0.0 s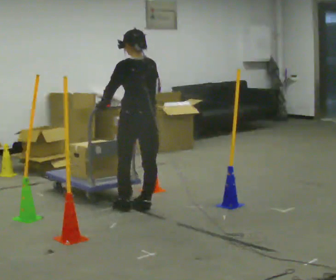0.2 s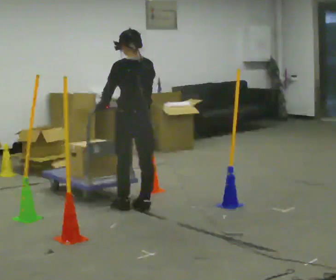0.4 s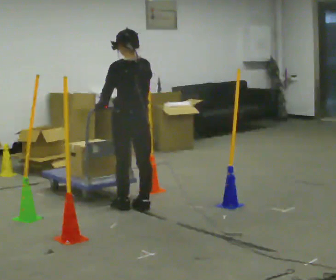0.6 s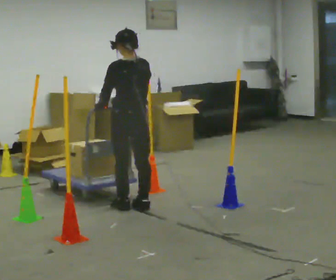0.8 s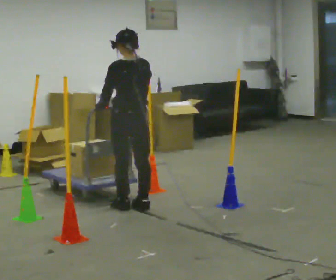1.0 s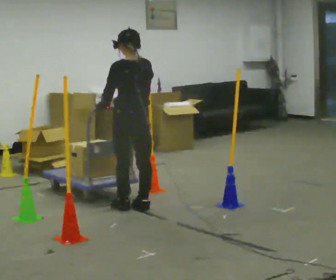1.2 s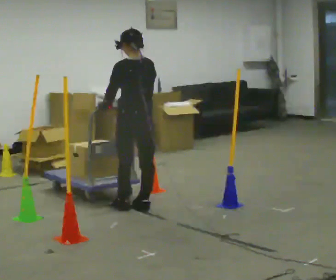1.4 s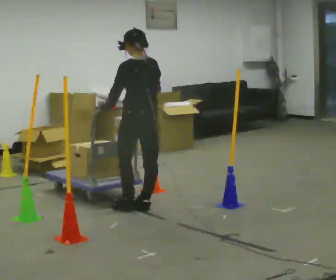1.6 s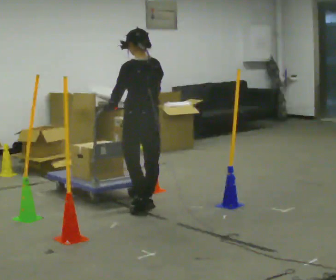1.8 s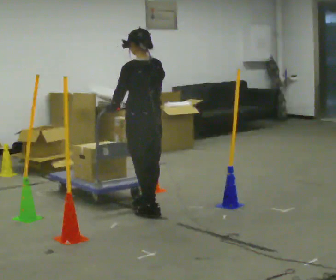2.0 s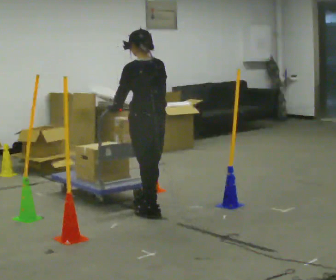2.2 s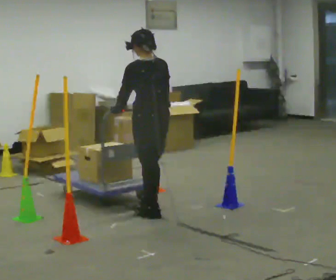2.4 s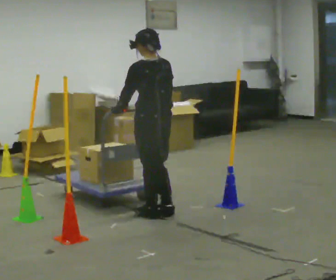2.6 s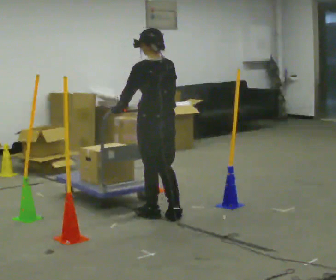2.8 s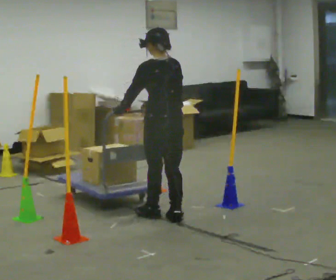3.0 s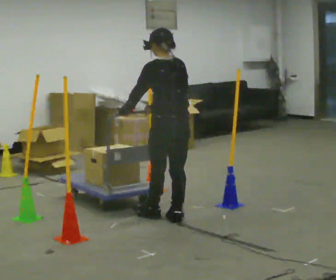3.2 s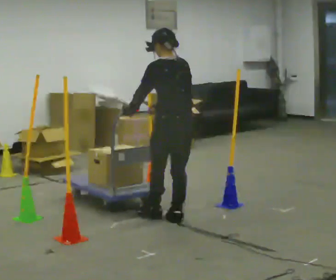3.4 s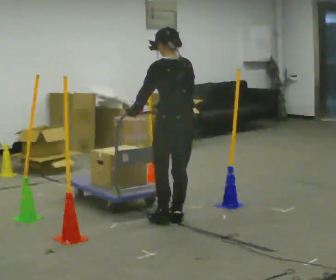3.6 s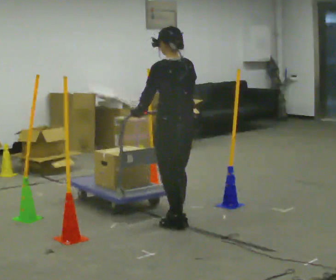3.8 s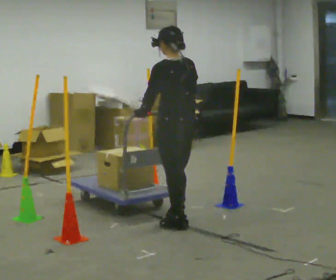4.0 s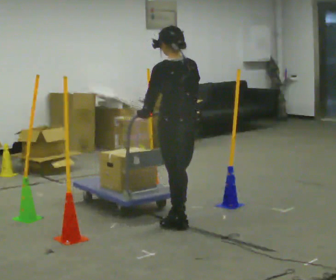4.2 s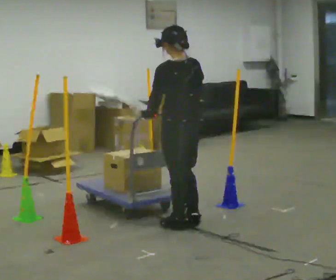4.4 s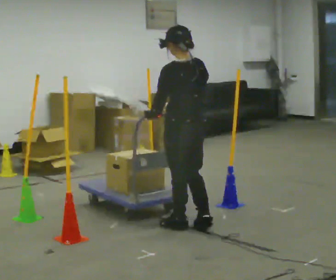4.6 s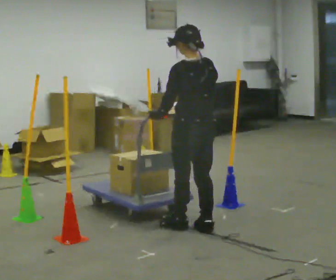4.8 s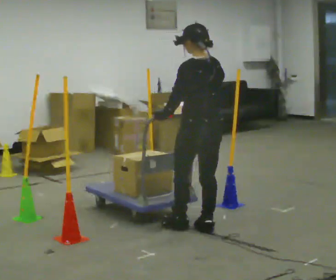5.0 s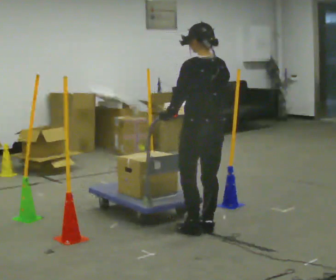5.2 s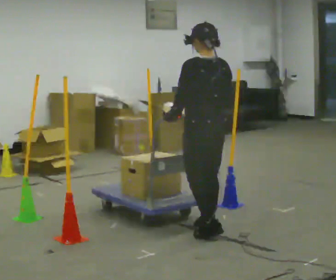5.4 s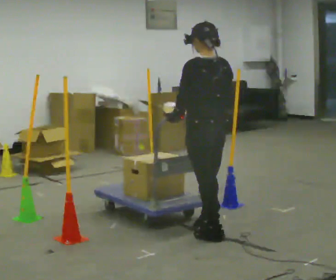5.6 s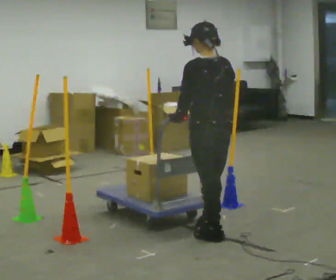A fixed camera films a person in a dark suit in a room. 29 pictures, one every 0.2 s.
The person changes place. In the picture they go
toward the camera.
0.0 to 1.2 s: The person moves a little, or ends about where they began.
1.2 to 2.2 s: In the picture they go toward the camera, about 0.25 m in 1 step, which for them is backward.
2.2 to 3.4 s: In the picture they go to the right, about 0.25 m in 1 step, which for them is backward.
3.4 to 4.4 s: In the picture they go toward the camera, about 0.25 m in 1 step, which for them is backward.
4.4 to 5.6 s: In the picture they go toward the camera and to the right, about 0.25 m in 2 steps, which for them is backward.
The film runs forward here.
